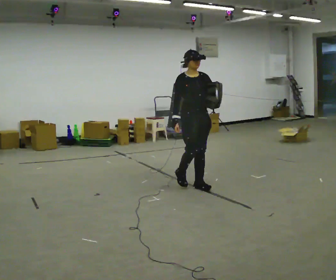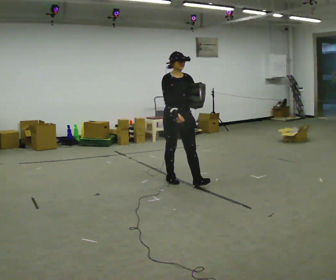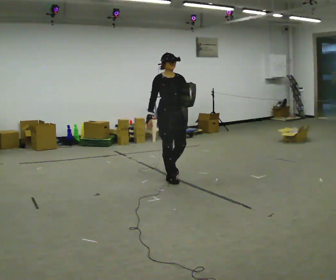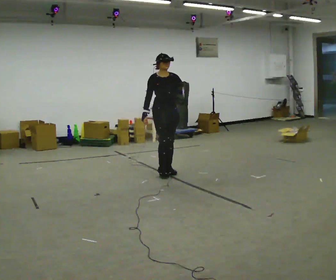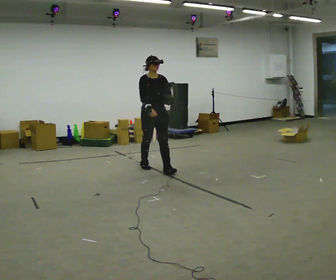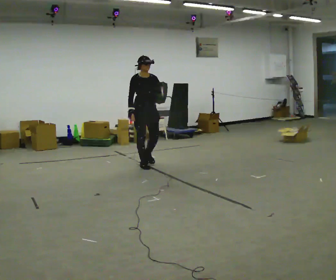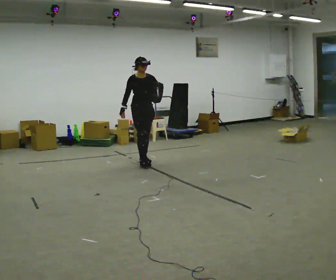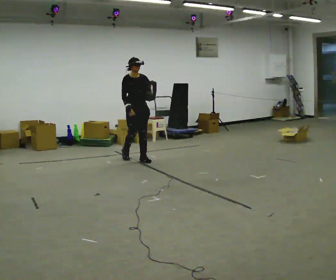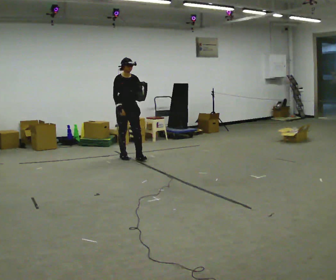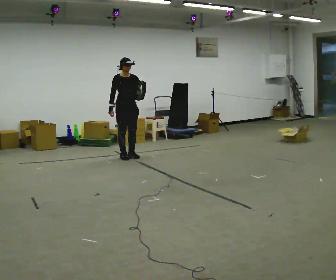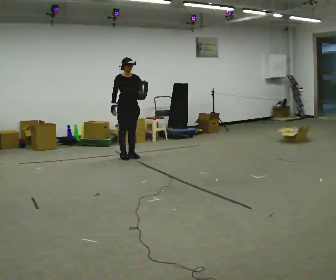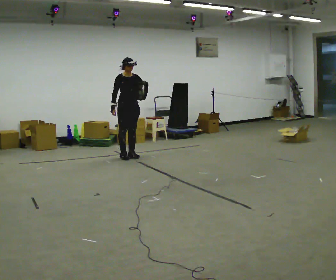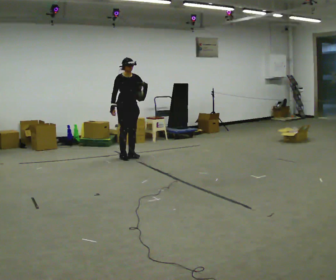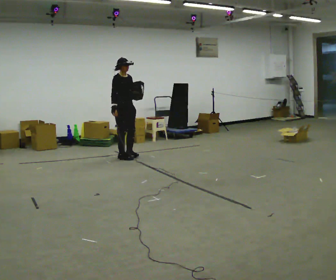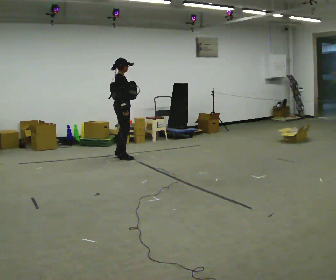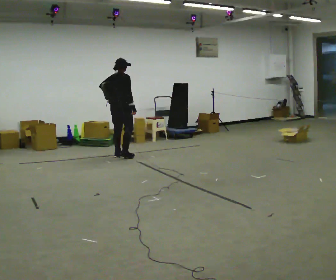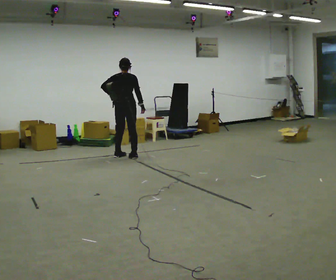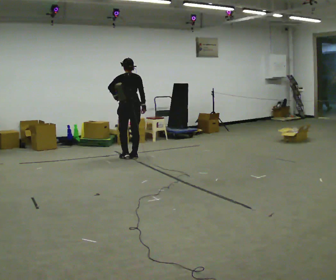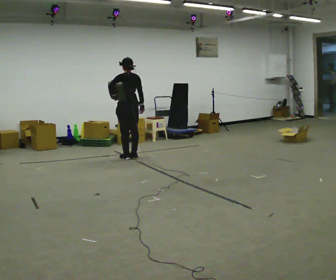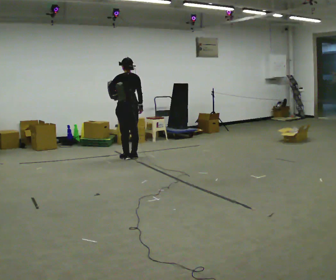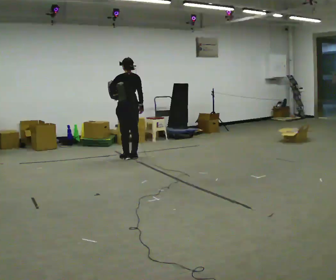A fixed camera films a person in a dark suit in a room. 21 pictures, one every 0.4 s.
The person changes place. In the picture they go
away from the camera.
The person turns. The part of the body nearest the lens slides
to the right.
0.0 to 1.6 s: In the picture they go away from the camera and to the left, about 1 m in 2 steps, which for them is backward.
1.6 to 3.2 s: In the picture they go away from the camera and to the left, about 1 m in 3 steps, which for them is backward.
3.2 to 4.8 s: The person moves a little, or ends about where they began.
4.8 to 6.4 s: Seen from above the body turns counterclockwise, about 150 degrees: to their left, with its near side sliding to the right. In the picture their right hand goes to the right, the arm swinging counterclockwise.
6.4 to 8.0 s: The part of the body nearest the lens slides to the right as the person turns to their left by about 30 degrees.
The film runs backward here.
